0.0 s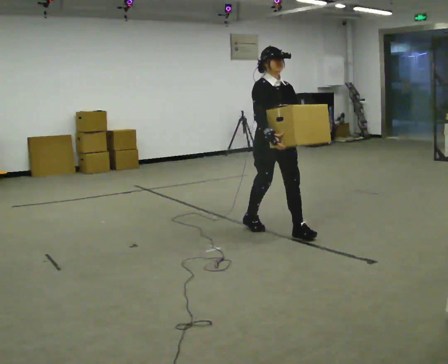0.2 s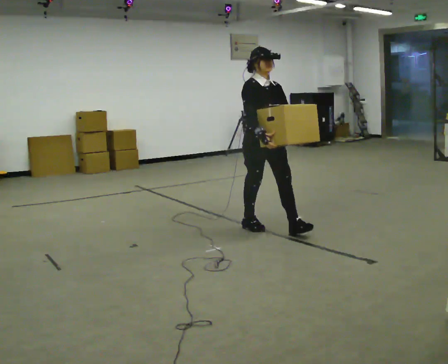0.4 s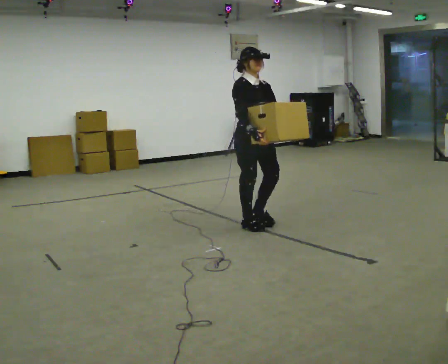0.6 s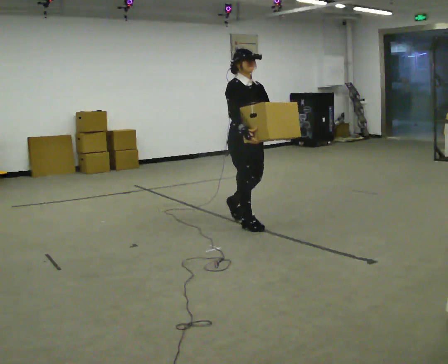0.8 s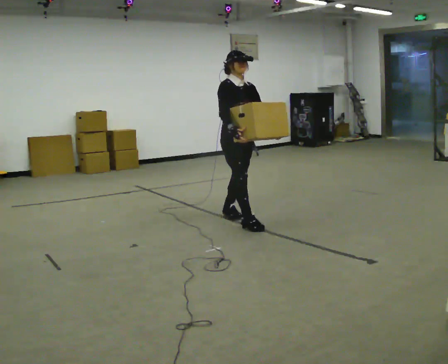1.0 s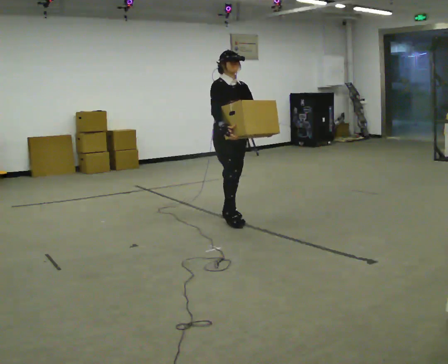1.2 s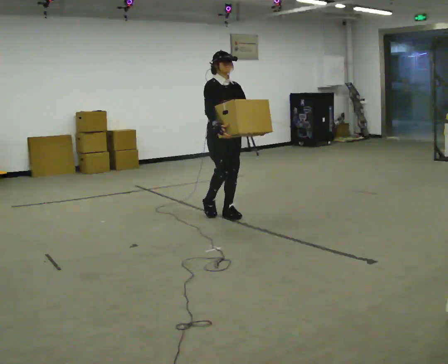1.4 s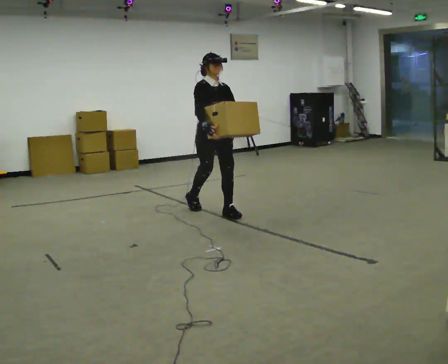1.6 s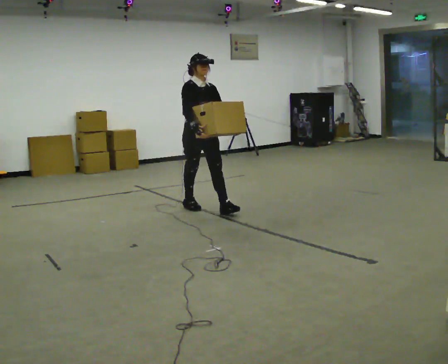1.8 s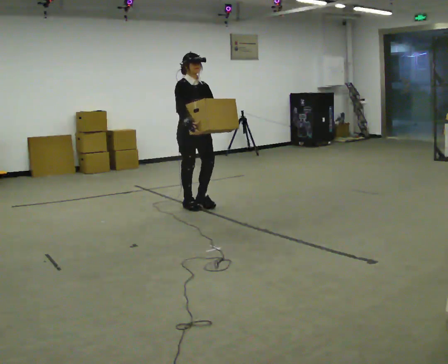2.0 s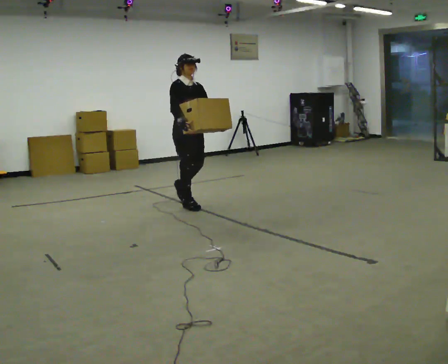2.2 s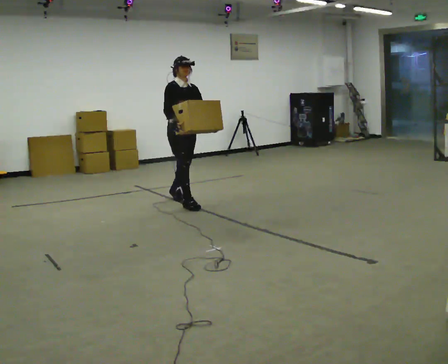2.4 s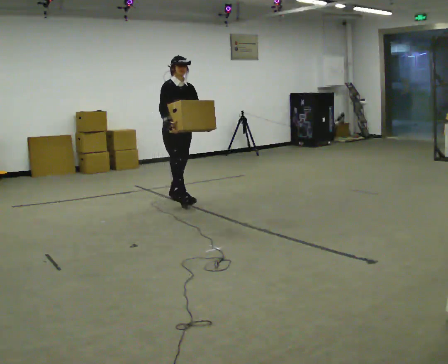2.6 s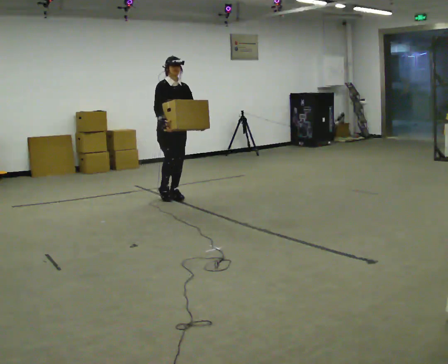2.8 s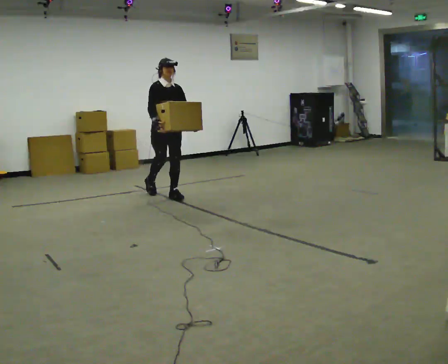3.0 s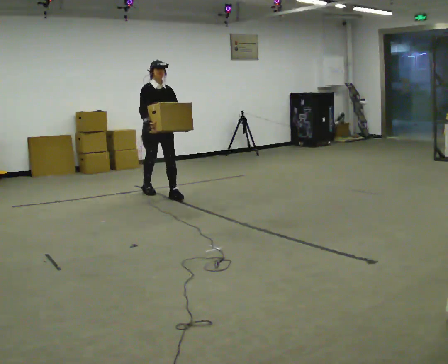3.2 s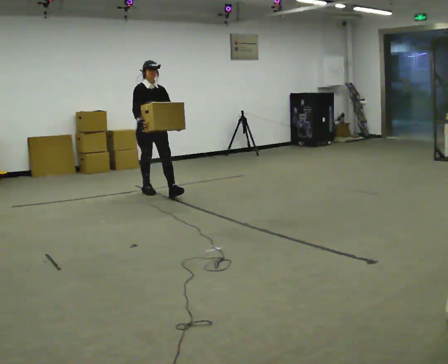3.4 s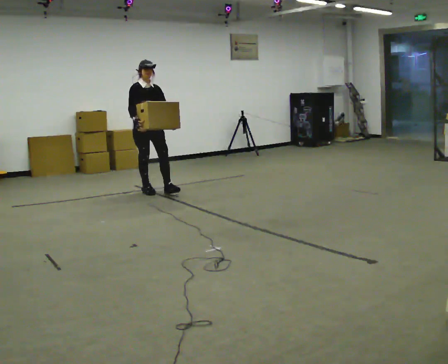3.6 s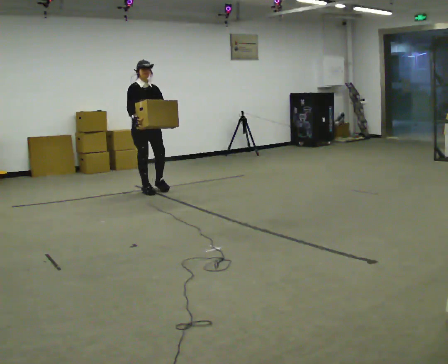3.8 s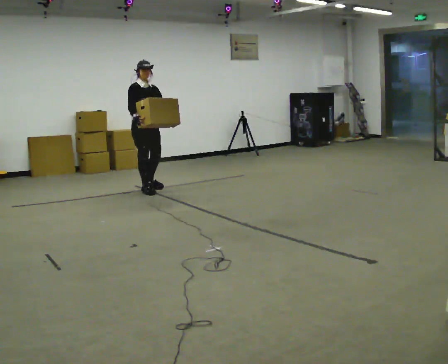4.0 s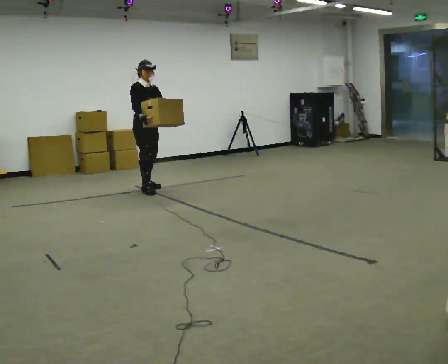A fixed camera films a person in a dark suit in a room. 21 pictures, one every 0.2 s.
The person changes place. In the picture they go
away from the camera.
0.0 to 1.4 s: In the picture they go away from the camera and to the left, about 1 m in 2 steps, which for them is backward.
1.4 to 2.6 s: In the picture they go away from the camera and to the left, about 1 m in 2 steps, which for them is backward.
2.6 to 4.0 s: In the picture they go away from the camera and to the left, about 0.5 m in 1 step, which for them is backward.
The film runs backward here.
